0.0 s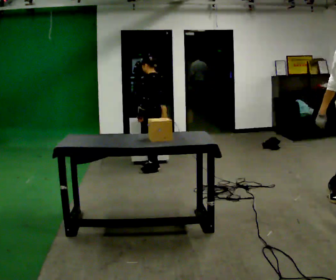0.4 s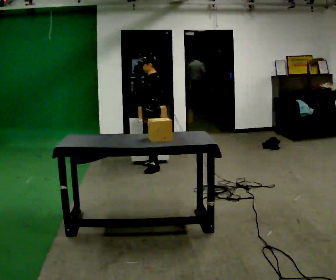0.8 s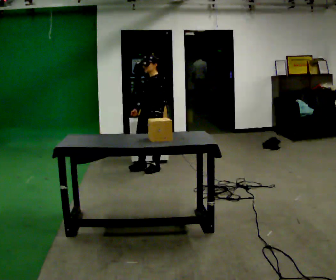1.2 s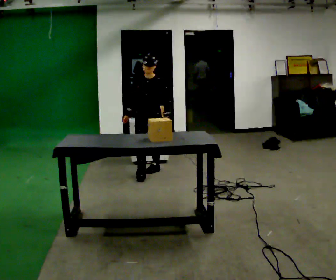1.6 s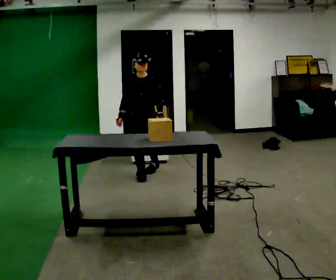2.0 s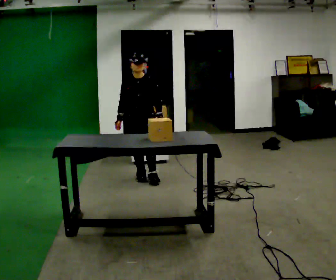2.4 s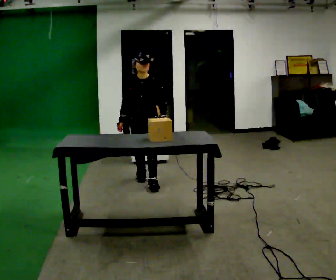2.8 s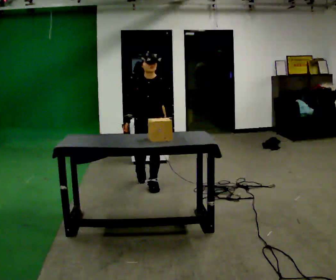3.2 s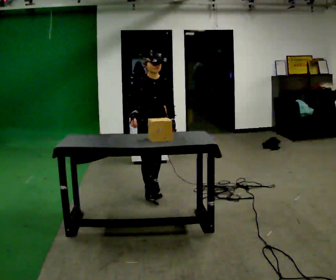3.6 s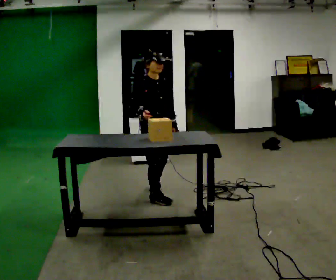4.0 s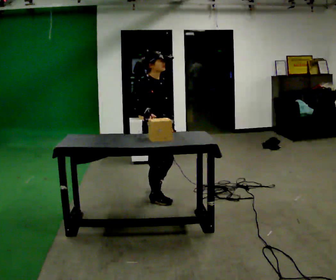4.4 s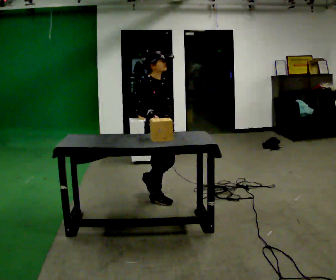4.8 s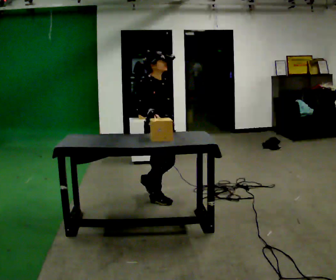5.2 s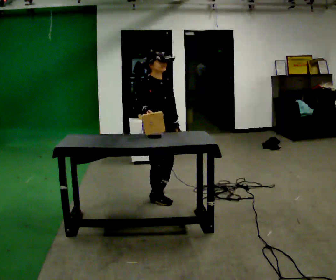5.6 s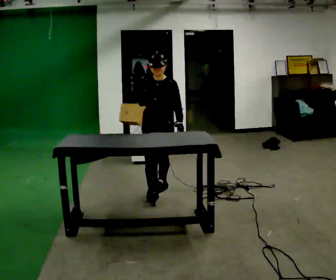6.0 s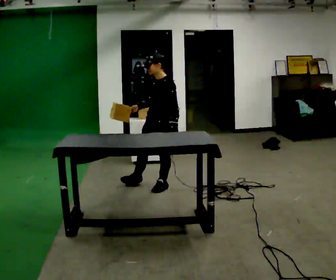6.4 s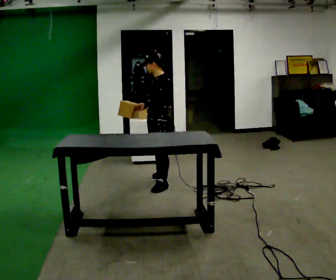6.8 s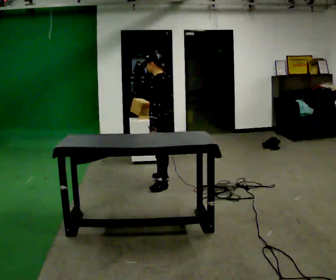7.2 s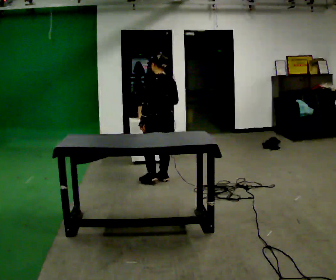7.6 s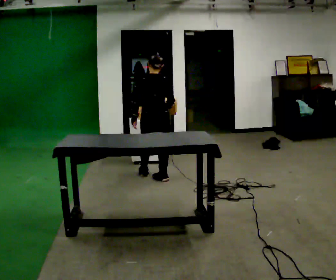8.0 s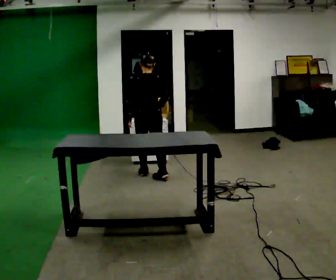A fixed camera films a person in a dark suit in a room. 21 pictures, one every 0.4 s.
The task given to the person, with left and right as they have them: Move objects one at a time from the waist-height shelf at one end of the room to the waist-height shelf at the other end. Keep going until the operator says stop; one object at a time, and do not rush between trips.
0.0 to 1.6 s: The part of the body nearest the lens slides to the right as the person turns to their left by about 120 degrees. In the picture they go toward the camera, about 0.5 m in 2 steps.
1.6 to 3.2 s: In the picture they go toward the camera, about 0.5 m in 1 step, which for them is forward.
3.2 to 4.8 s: The part of the body nearest the lens slides to the right as the person turns to their left by about 30 degrees. In the picture they go toward the camera, about 0.25 m in 2 steps, which for them is to their right and forward.
4.8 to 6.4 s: The person turns about 150 degrees to their right, clockwise seen from above, so the part of the body nearest the lens slides to the left. In the picture they go away from the camera, about 0.5 m in 2 steps.
6.4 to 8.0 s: The part of the body nearest the lens slides to the left as the person turns to their right by about 90 degrees. In the picture they go away from the camera, about 0.5 m in 1 step.
The film runs forward here.
